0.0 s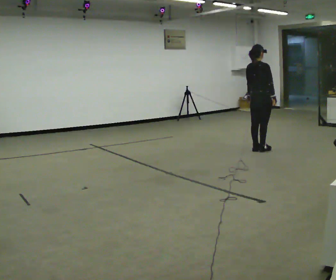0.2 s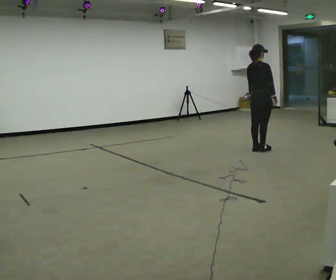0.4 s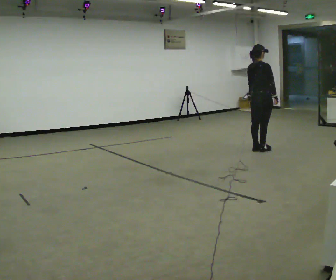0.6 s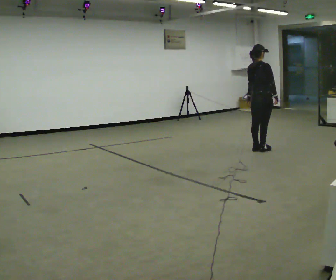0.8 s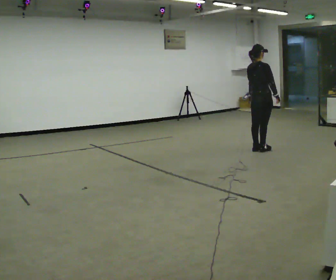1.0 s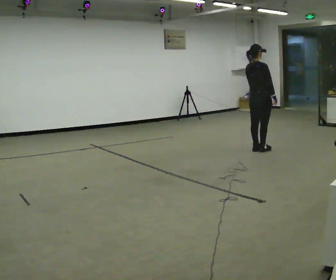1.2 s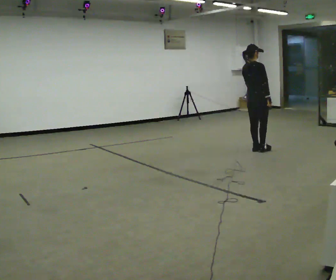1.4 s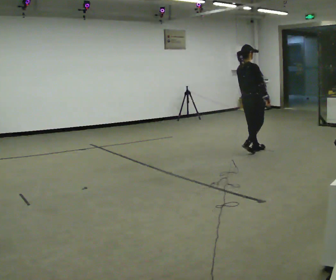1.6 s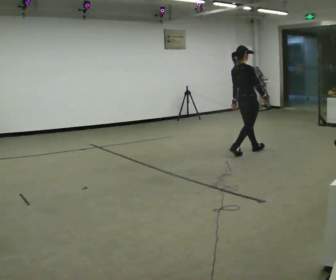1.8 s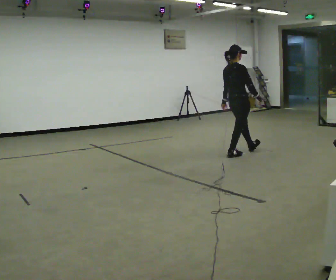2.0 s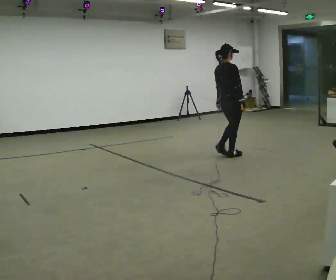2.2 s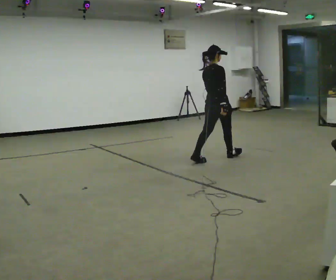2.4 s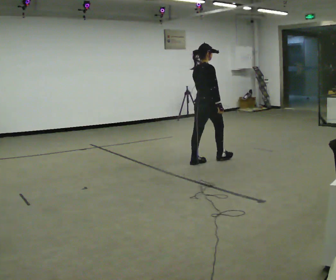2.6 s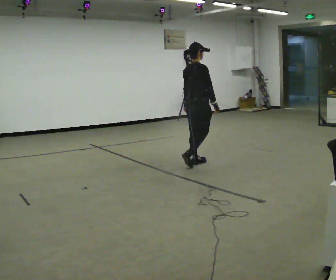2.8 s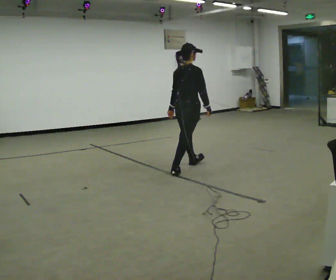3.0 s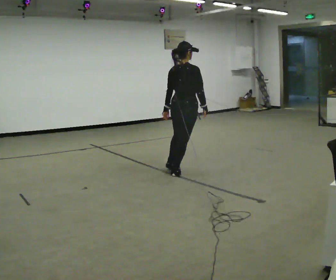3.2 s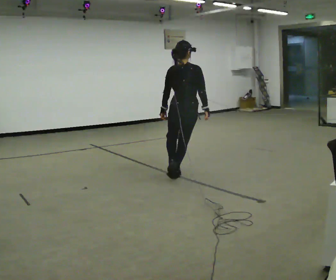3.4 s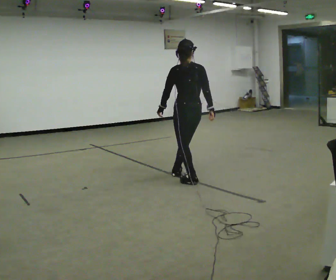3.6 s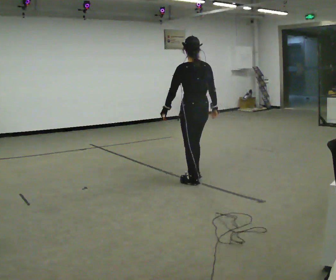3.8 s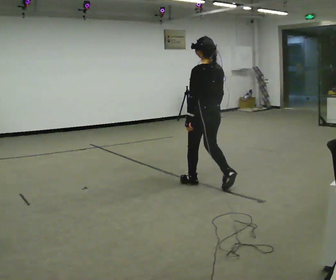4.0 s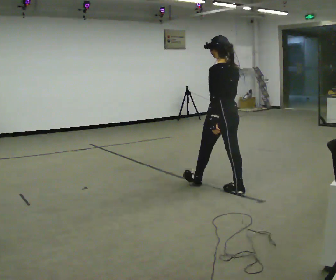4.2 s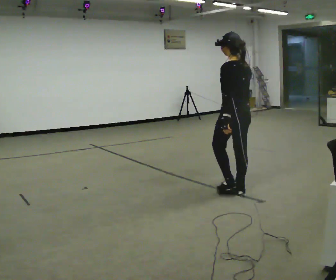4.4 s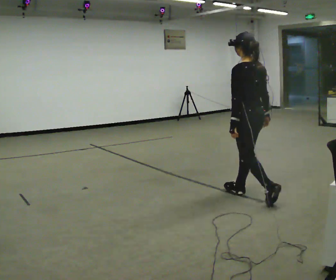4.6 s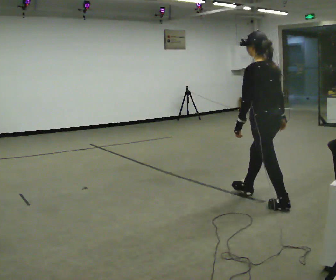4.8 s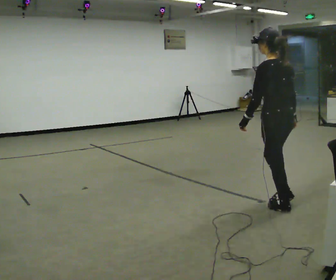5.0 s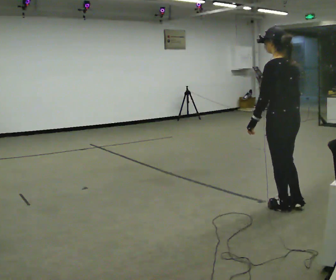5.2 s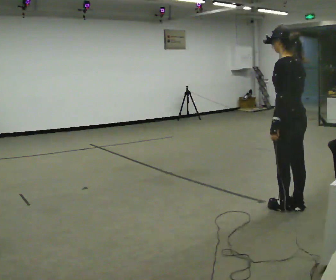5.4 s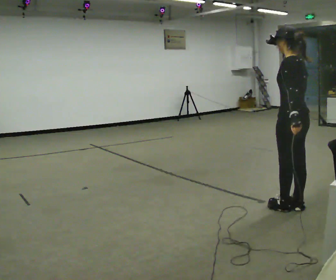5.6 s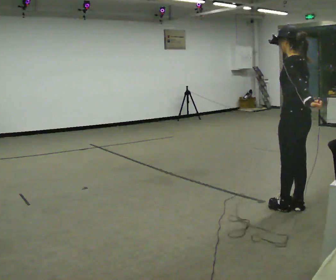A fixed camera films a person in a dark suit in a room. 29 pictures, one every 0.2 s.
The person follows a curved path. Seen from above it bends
counterclockwise.
The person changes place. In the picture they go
toward the camera.
0.0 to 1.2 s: The person moves a little, or ends about where they began.
1.2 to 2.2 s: In the picture they go to the left and toward the camera, about 1 m in 2 steps, which for them is backward.
2.2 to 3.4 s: The part of the body nearest the lens slides to the right as the person turns to their left by about 75 degrees. In the picture they go toward the camera and to the left, about 1 m in 2 steps.
3.4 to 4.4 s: In the picture they go toward the camera and to the right, about 1 m in 2 steps, which for them is backward.
4.4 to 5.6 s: In the picture they go toward the camera and to the right, about 0.5 m in 1 step, which for them is backward.
The film runs backward here.
